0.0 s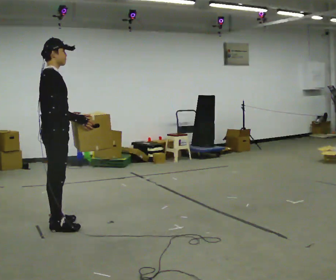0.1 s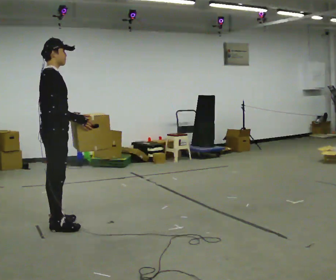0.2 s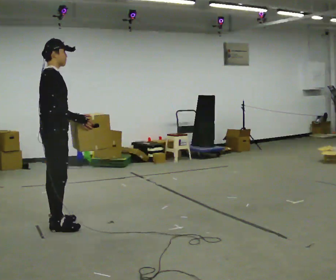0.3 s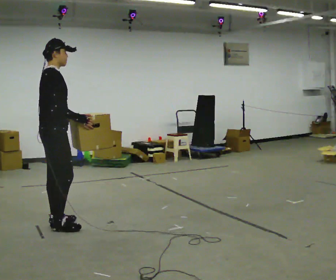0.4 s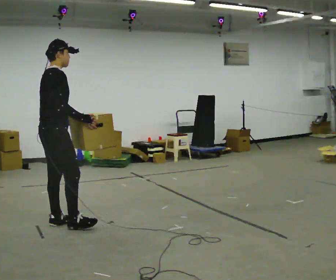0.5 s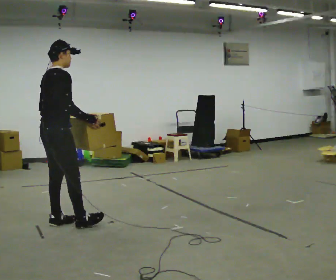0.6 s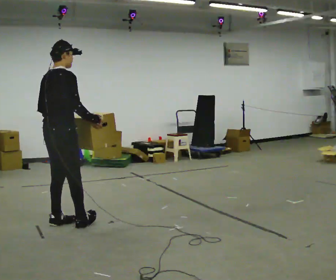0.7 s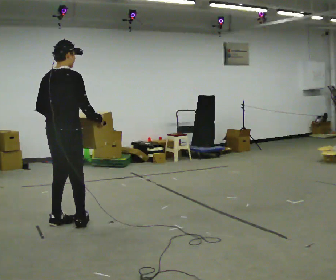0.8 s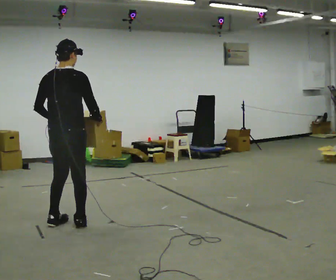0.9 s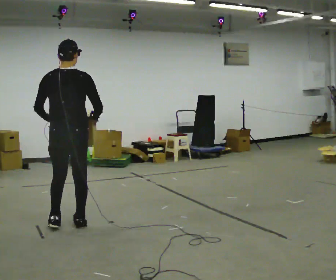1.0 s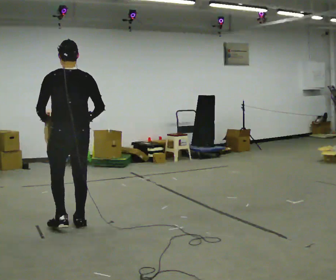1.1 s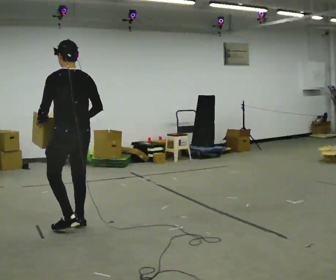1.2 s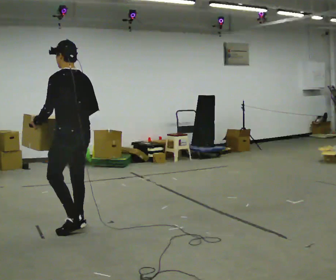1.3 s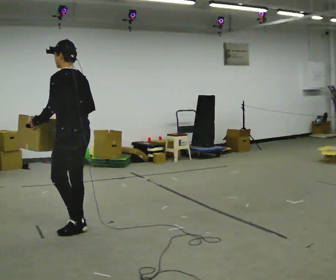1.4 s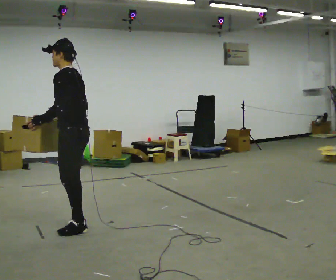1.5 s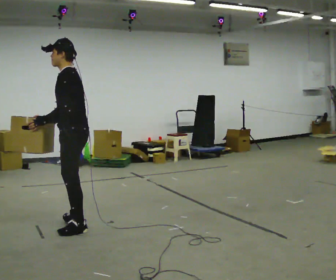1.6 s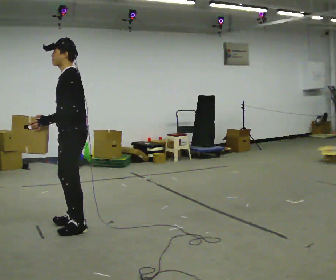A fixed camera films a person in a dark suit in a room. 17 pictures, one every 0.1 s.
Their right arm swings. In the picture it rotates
clockwise.
The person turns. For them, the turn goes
to their left.
0.0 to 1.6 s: The part of the body nearest the lens slides to the right as the person turns to their left by about 165 degrees. In the picture they go to the right, about 0.25 m in 2 steps.
The film runs backward here.
